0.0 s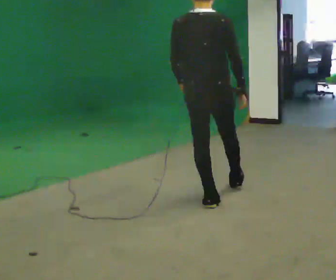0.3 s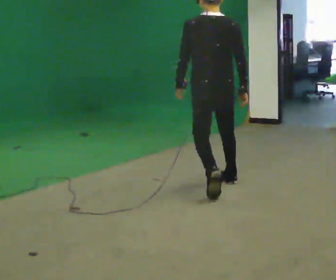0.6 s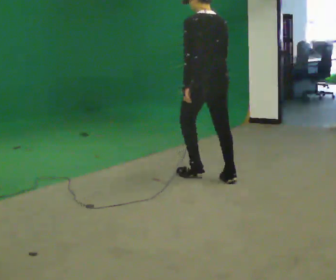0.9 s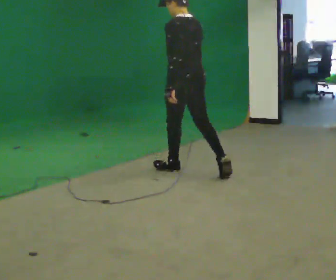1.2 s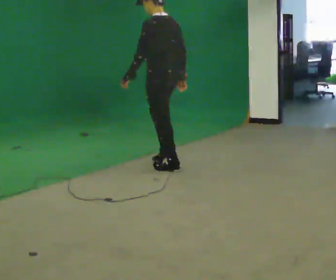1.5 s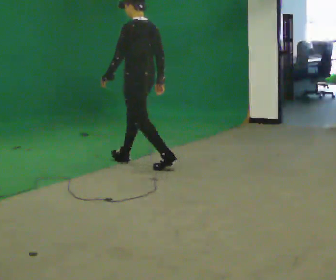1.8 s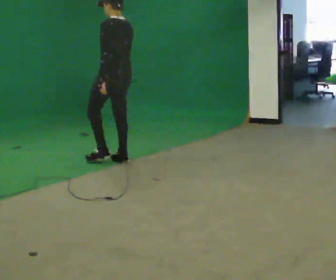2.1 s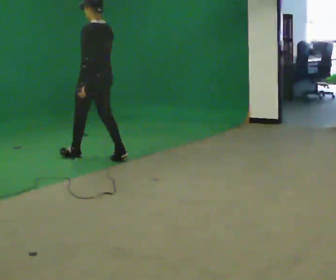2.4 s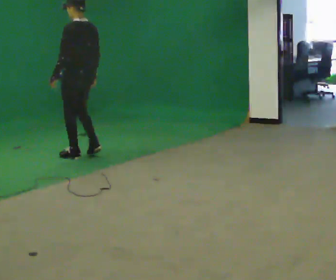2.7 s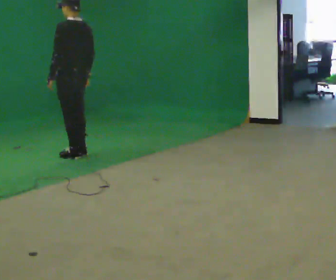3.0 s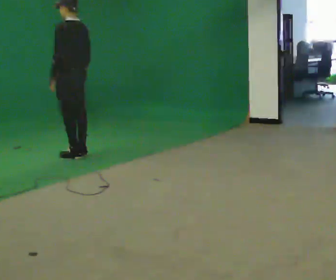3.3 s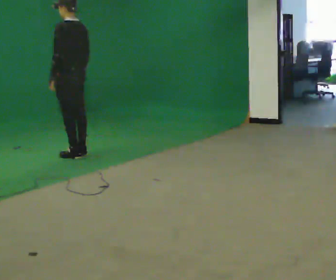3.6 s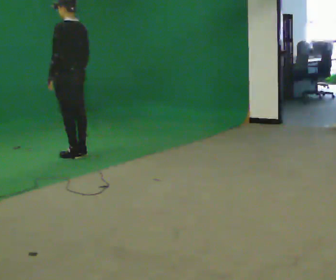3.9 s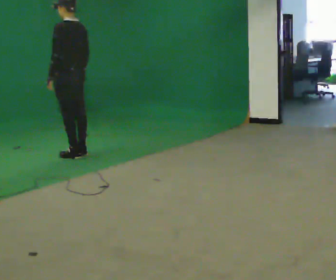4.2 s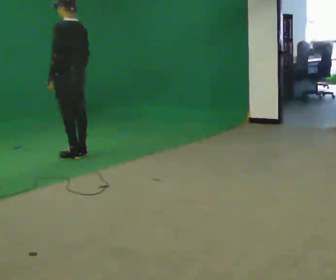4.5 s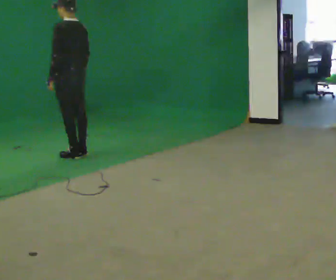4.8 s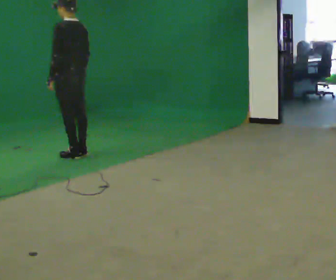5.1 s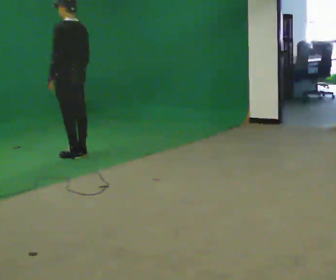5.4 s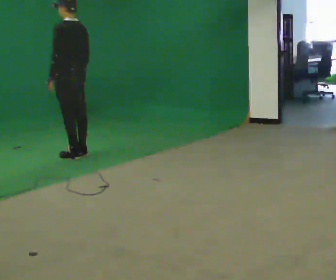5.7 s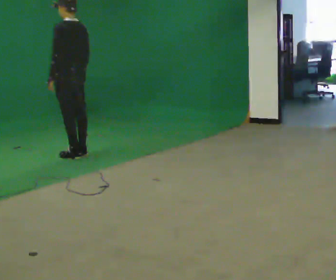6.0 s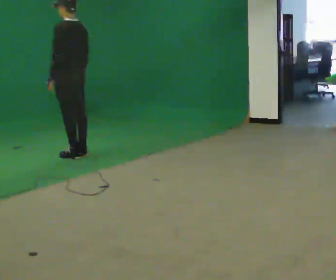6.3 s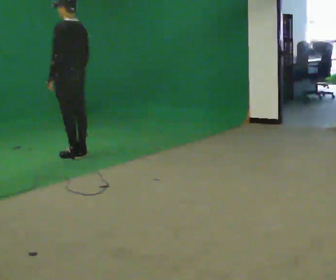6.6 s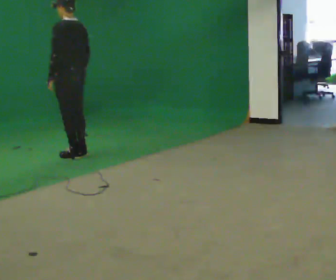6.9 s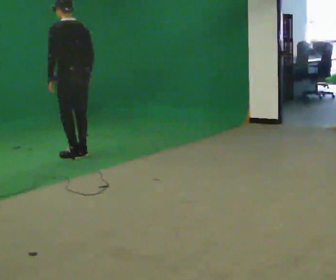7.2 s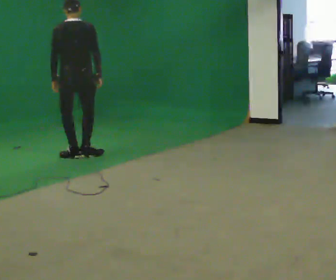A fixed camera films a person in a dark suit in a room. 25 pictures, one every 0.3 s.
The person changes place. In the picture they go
away from the camera.
0.0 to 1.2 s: The part of the body nearest the lens slides to the right as the person turns to their left by about 60 degrees. In the picture they go away from the camera, about 1 m in 2 steps.
1.2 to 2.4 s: In the picture they go away from the camera and to the left, about 1 m in 2 steps, which for them is forward.
2.4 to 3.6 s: The person moves a little, or ends about where they began.
3.6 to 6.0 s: The person keeps their place and pose.
6.0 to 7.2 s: The person turns about 60 degrees to their right, clockwise seen from above, so the part of the body nearest the lens slides to the left.
The film runs forward here.
